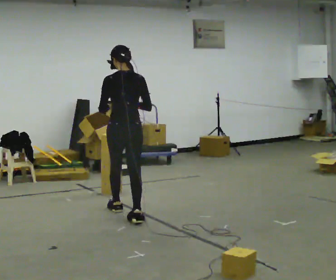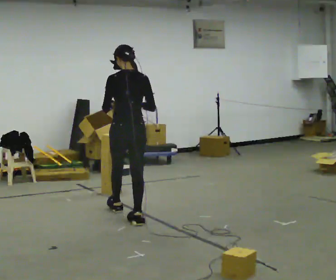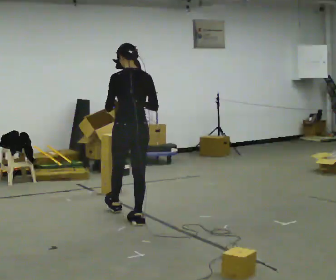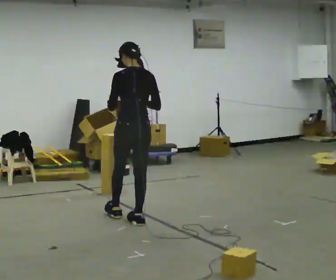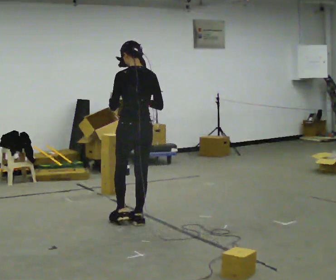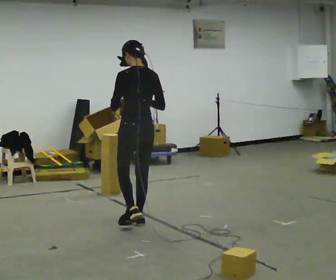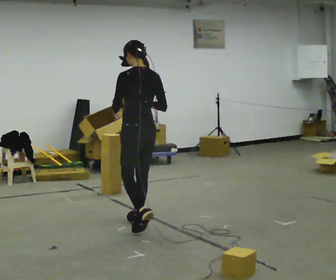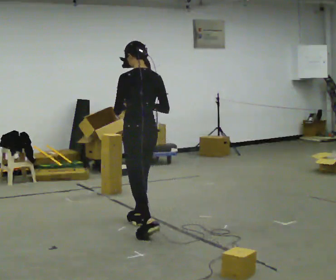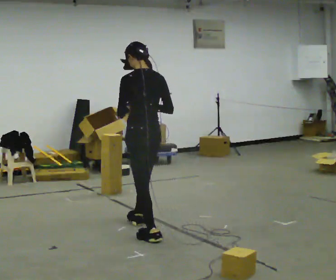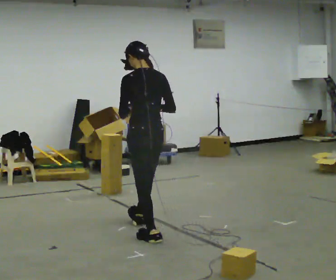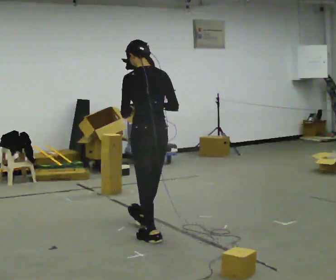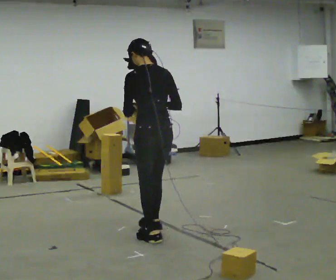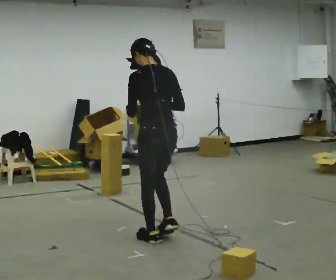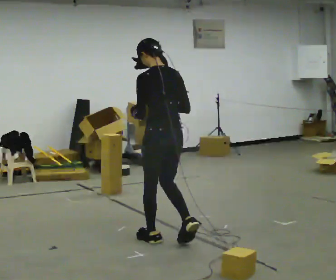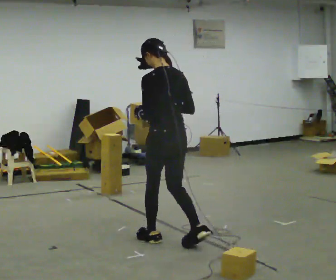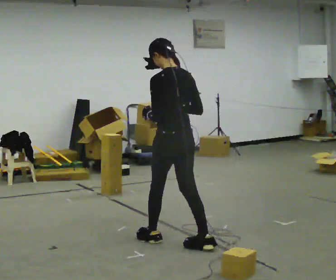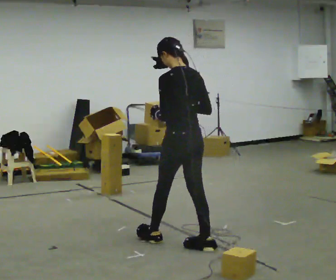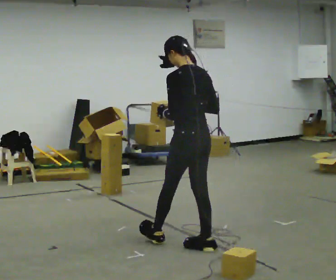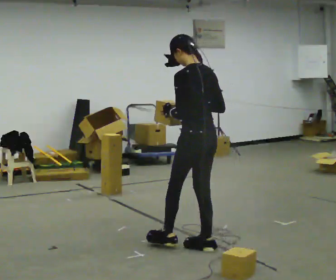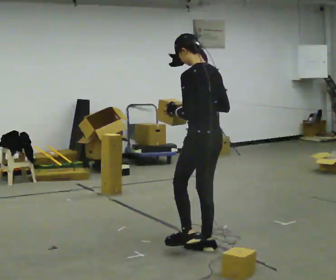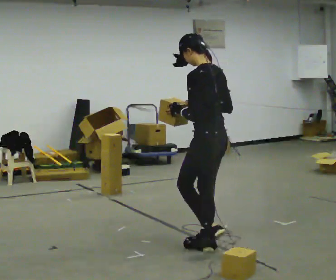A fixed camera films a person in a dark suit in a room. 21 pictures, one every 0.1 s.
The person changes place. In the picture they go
toward the camera.
0.0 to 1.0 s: In the picture they go toward the camera, about 0.5 m in 2 steps, which for them is backward.
1.0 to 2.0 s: The person turns about 30 degrees to their left, counterclockwise seen from above, so the part of the body nearest the lens slides to the right. In the picture they go to the right and toward the camera, about 0.5 m in 1 step, which for them is backward.
The film runs backward here.
